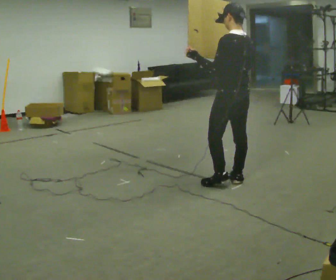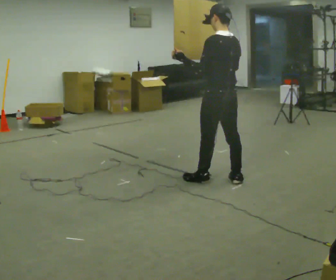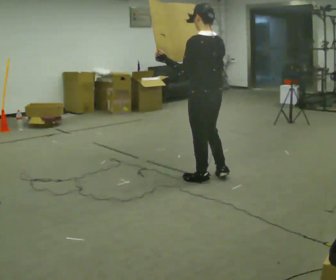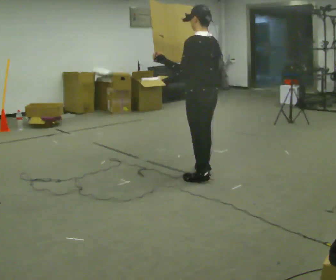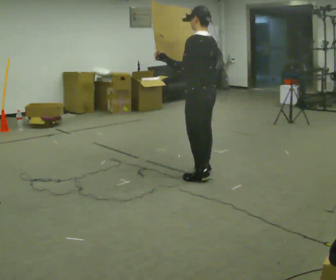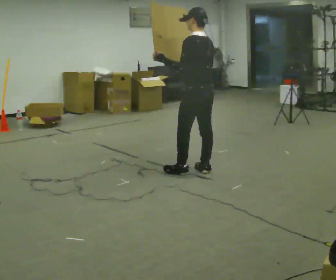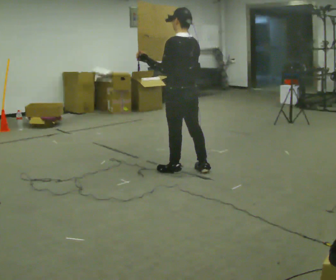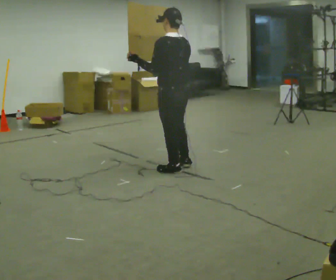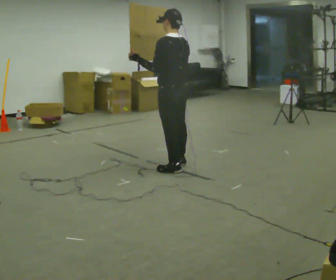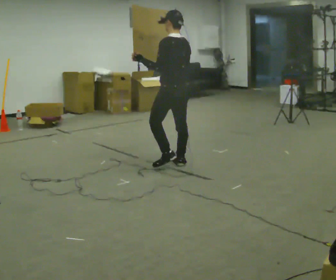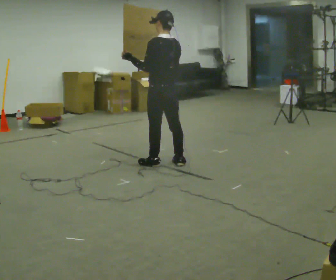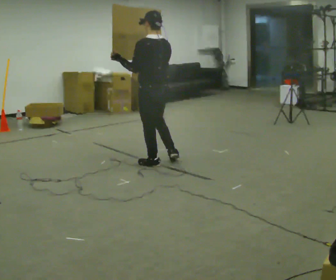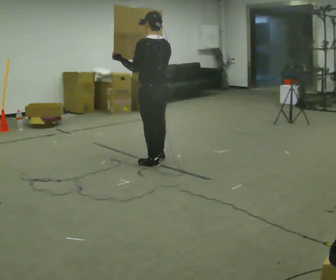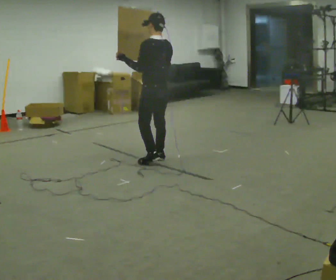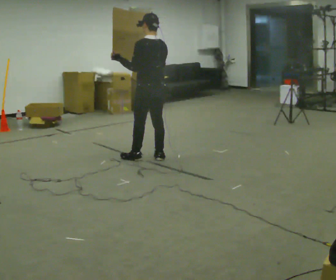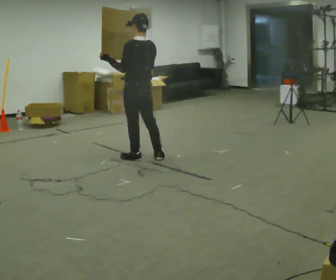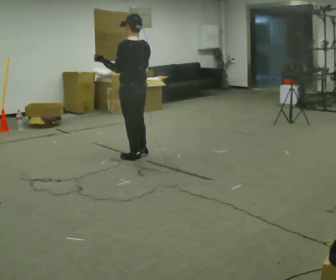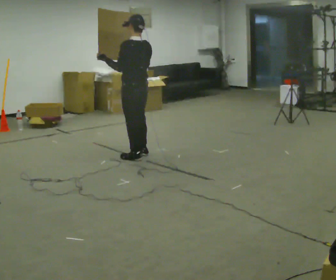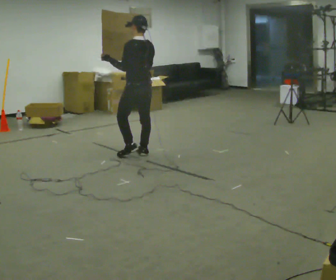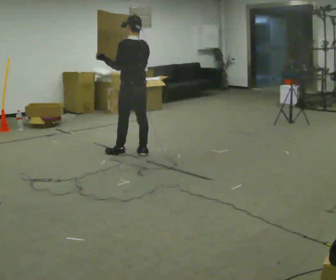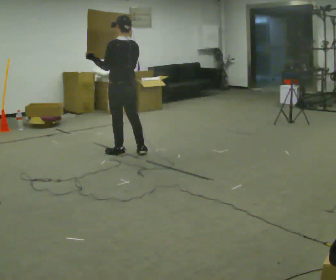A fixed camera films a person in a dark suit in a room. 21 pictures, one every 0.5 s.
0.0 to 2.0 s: In the picture they go to the left and away from the camera, about 0.5 m in 2 steps, which for them is forward.
2.0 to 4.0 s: In the picture they go to the left and away from the camera, about 0.25 m in 2 steps, which for them is forward.
4.0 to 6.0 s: In the picture they go to the left and away from the camera, about 0.25 m in 2 steps, which for them is forward.
6.0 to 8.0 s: In the picture they go to the left and away from the camera, about 0.25 m in 2 steps, which for them is forward.
8.0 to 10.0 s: In the picture they go away from the camera and to the left, about 0.25 m in 1 step, which for them is forward.
The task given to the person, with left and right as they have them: Carry the large light object across the room, back and forth. It is awkward rather than heavy, so hold it however works.
The film runs forward here.
